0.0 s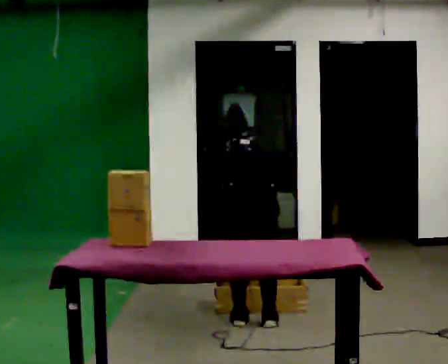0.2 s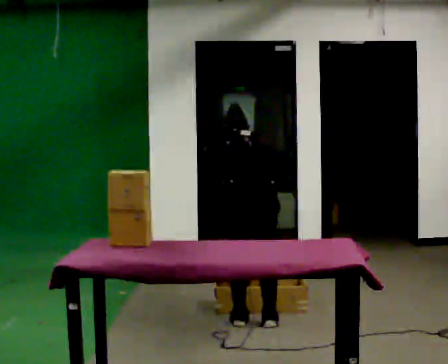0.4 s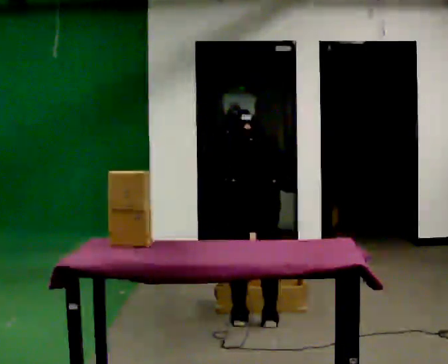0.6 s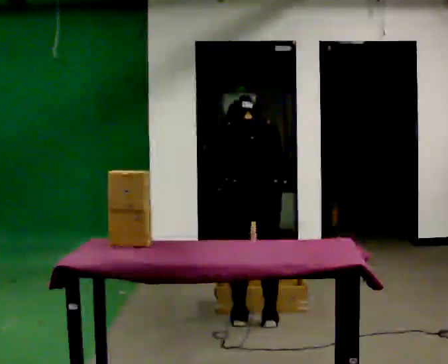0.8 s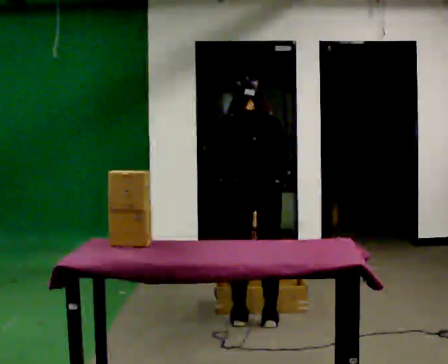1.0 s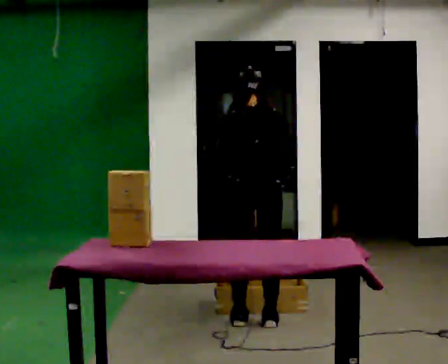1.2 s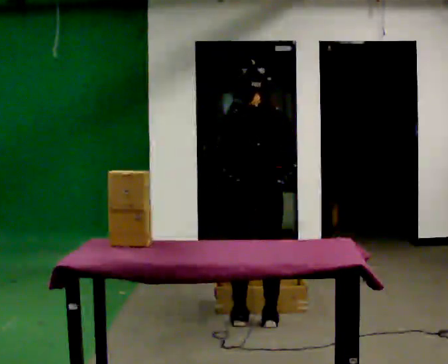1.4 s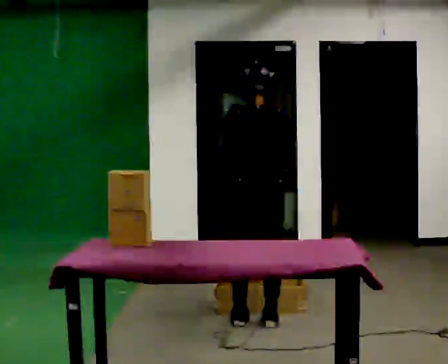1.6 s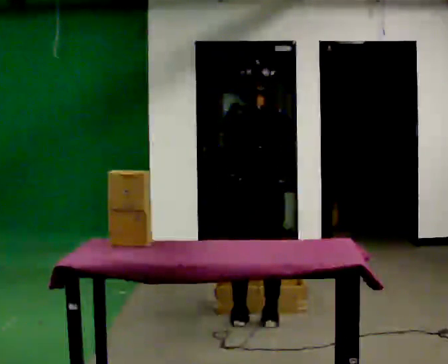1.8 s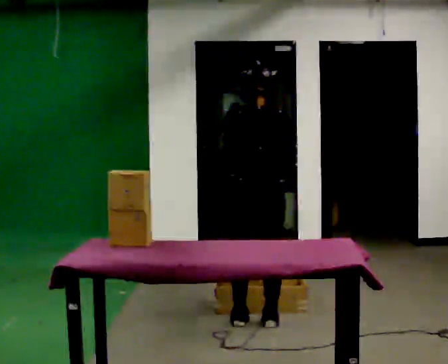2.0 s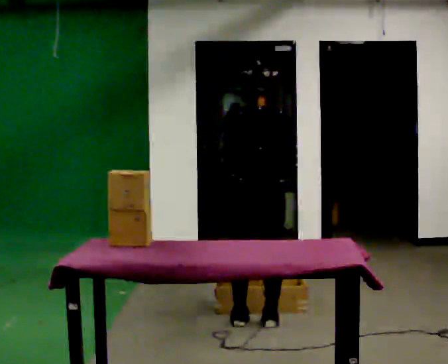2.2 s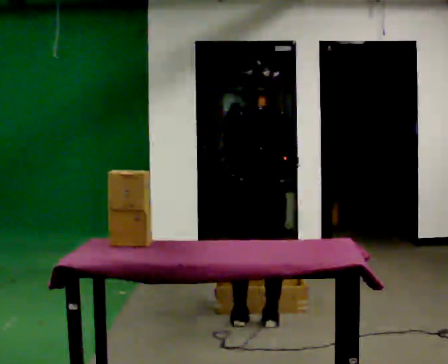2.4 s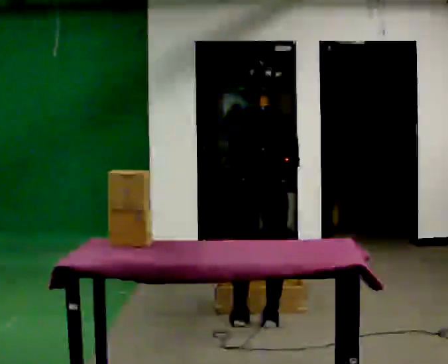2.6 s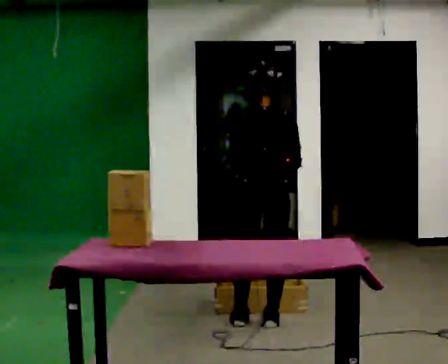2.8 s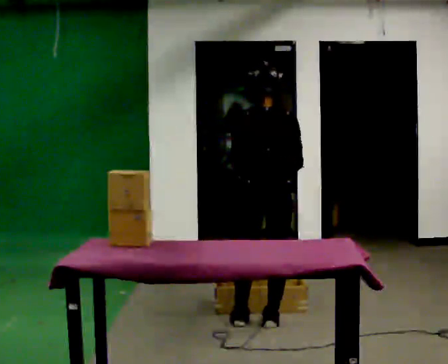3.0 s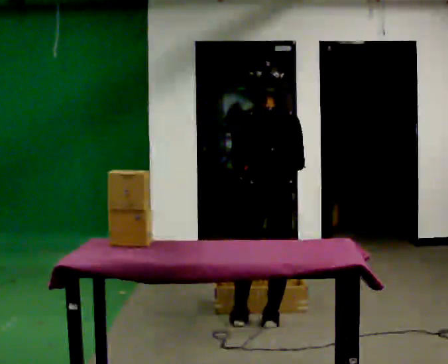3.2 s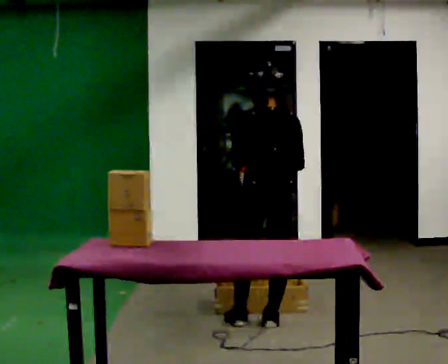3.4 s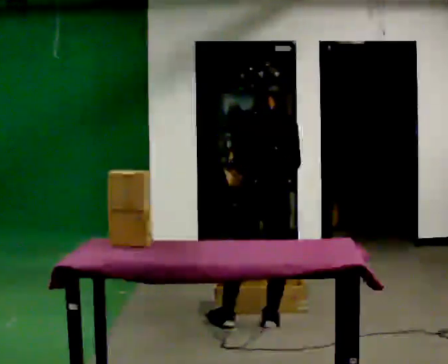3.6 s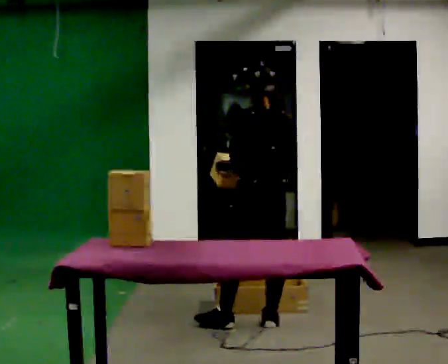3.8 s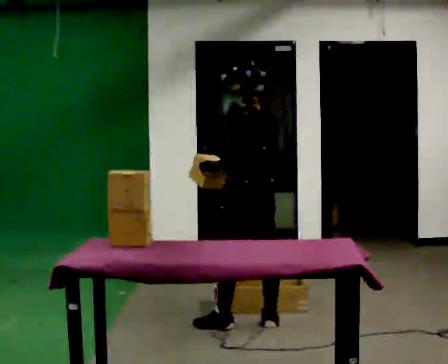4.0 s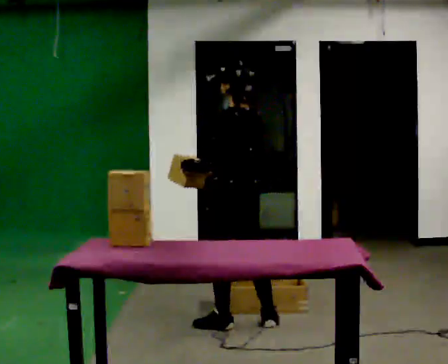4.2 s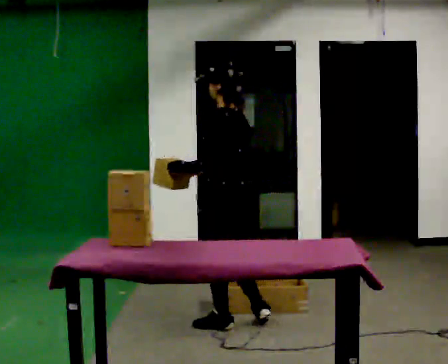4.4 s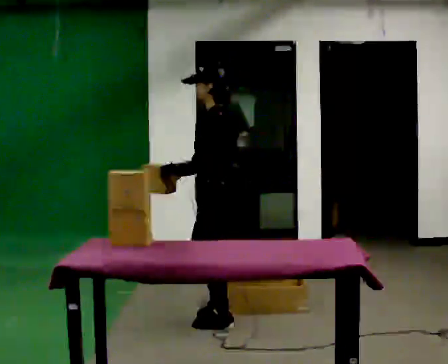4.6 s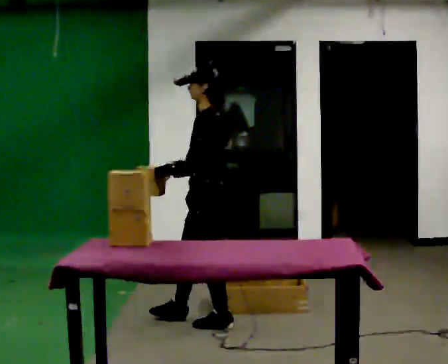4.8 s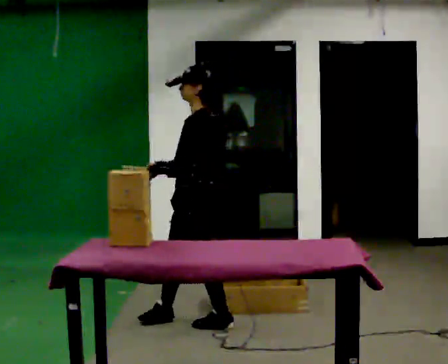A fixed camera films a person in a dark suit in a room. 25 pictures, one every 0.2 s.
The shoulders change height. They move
upward.
The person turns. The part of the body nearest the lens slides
to the right.
0.0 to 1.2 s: The shoulders move upward. The upper body tips toward the camera, its near side rolling downward, as they lean back or straighten. In the picture their left hand goes upward.
1.2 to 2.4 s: The person moves a little, or ends about where they began.
2.4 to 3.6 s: The person turns about 45 degrees to their left, counterclockwise seen from above, so the part of the body nearest the lens slides to the right.
3.6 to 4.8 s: Seen from above the body turns counterclockwise, about 60 degrees: to their left, with its near side sliding to the right. In the picture they go to the left, about 0.5 m in 1 step.
The film runs forward here.
